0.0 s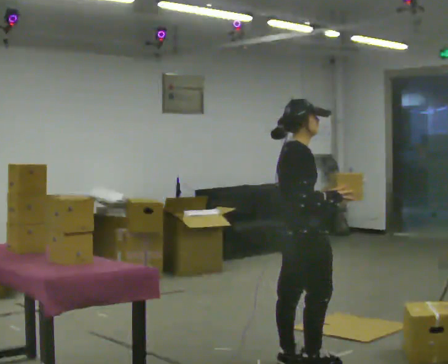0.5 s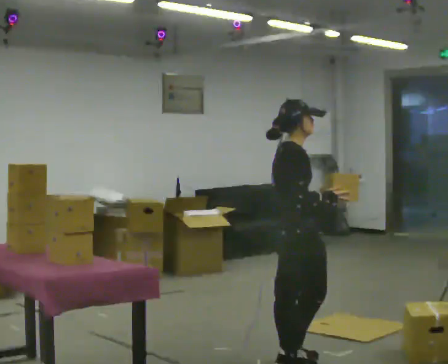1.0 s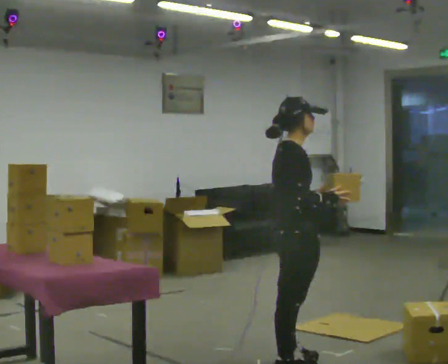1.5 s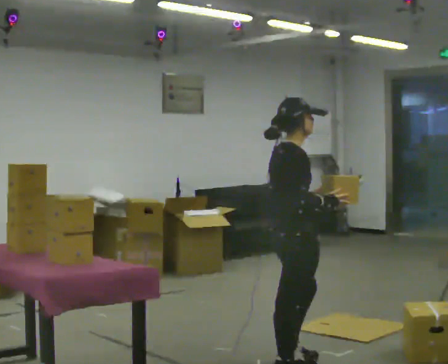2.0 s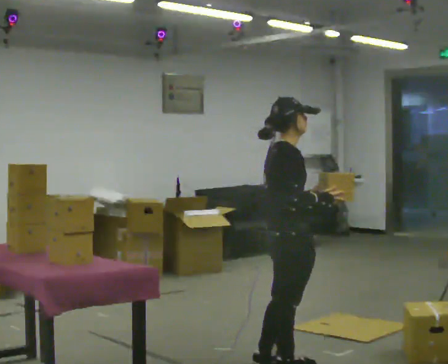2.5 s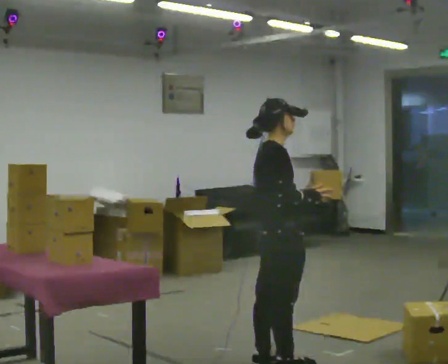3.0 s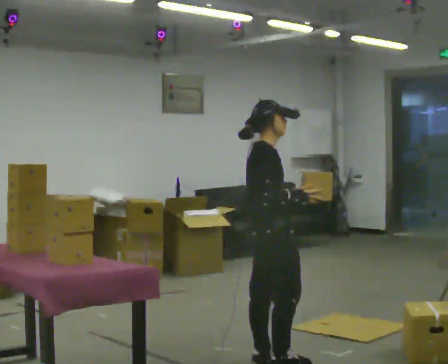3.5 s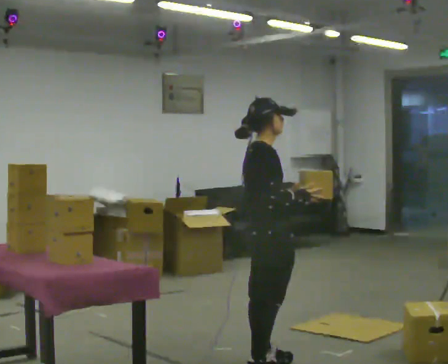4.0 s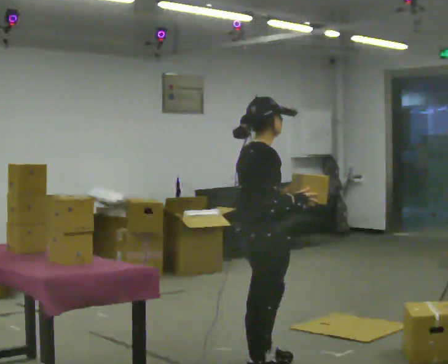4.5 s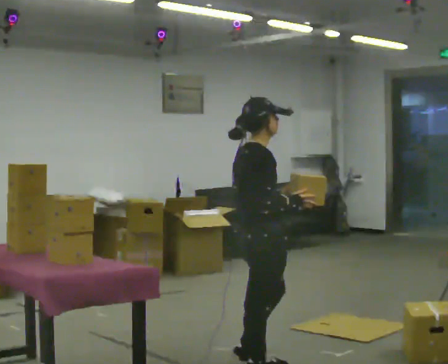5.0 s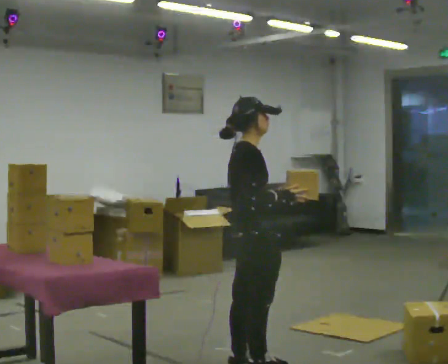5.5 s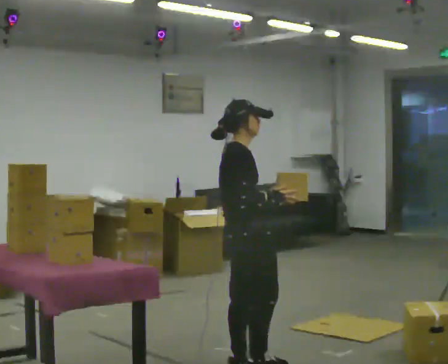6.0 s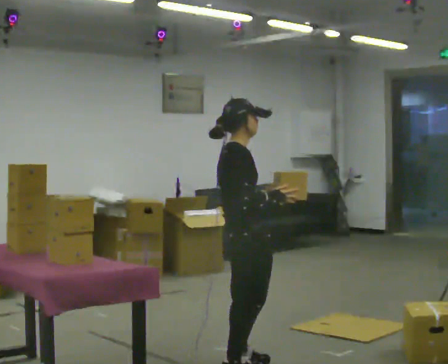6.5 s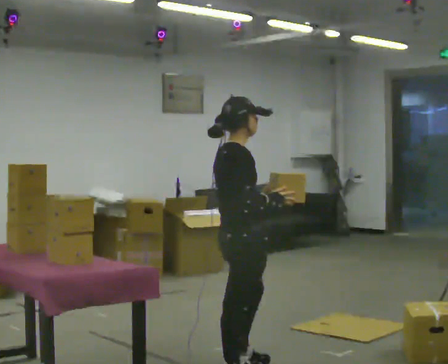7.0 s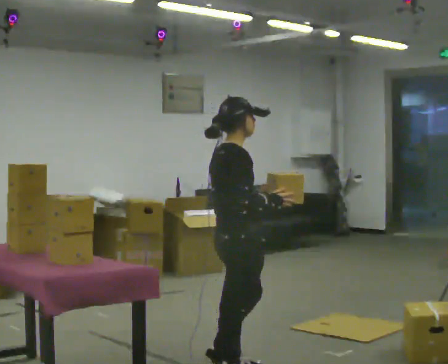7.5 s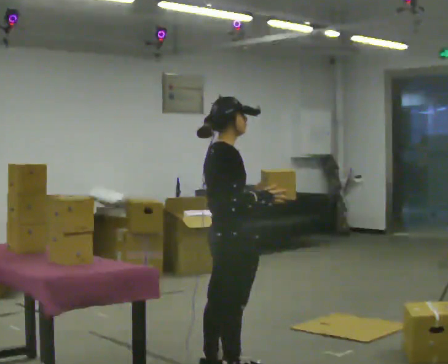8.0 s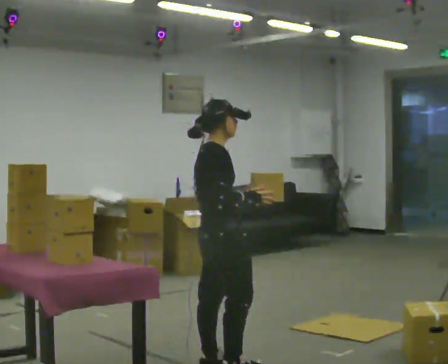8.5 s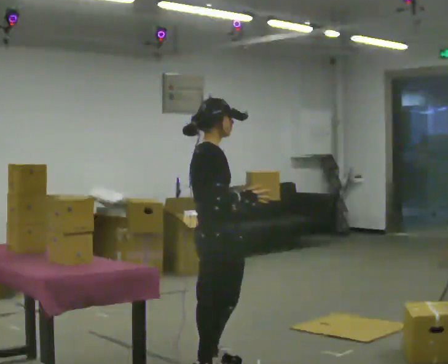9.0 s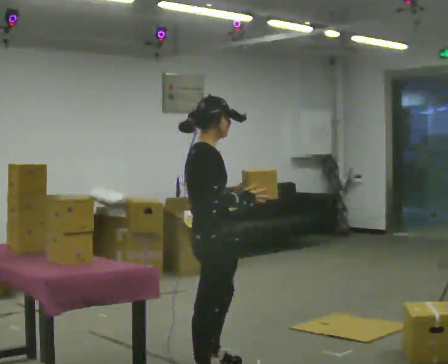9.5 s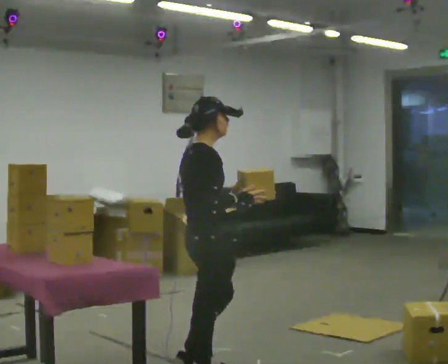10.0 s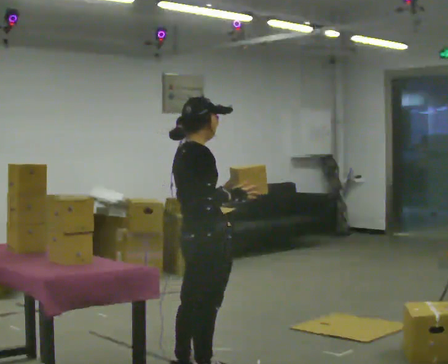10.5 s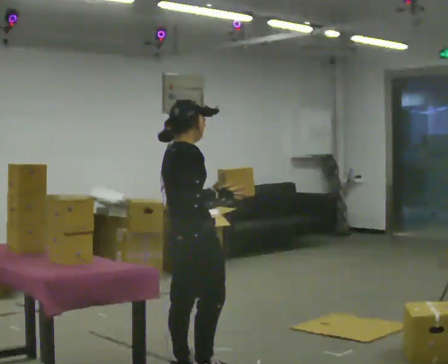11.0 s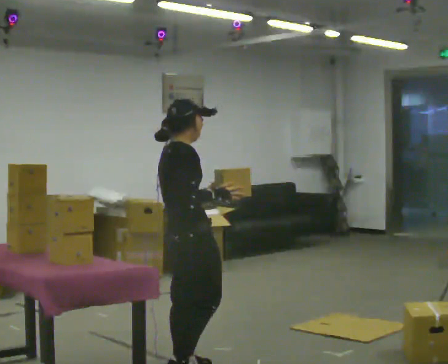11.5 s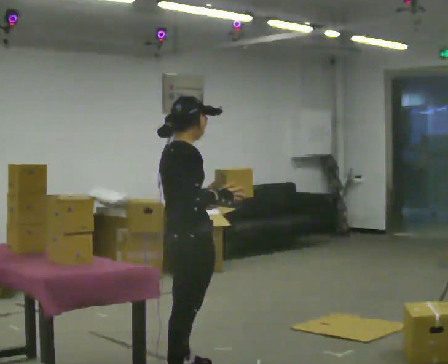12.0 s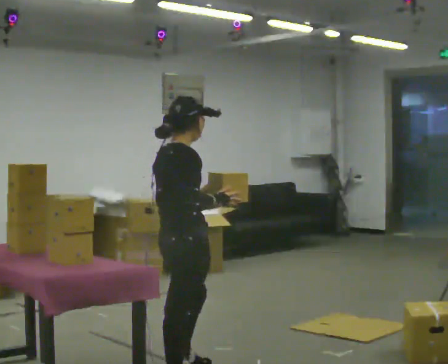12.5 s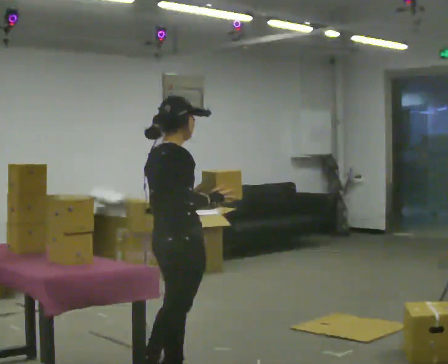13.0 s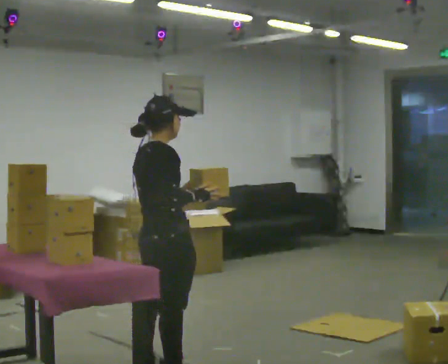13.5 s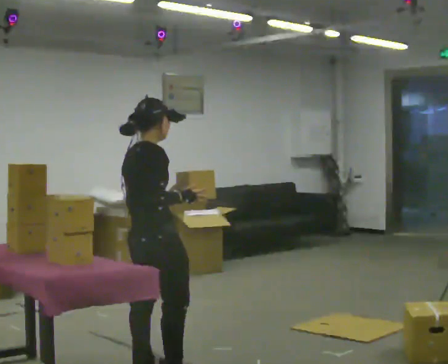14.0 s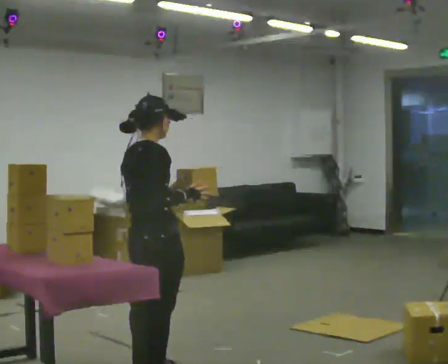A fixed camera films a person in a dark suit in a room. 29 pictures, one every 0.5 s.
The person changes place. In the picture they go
to the left.
0.0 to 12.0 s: In the picture they go to the left, about 0.5 m in 8 steps, which for them is backward.
12.0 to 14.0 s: In the picture they go to the left, about 0.25 m in 1 step, which for them is backward.
The film runs backward here.
